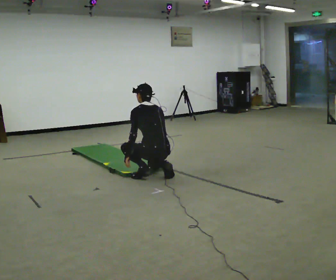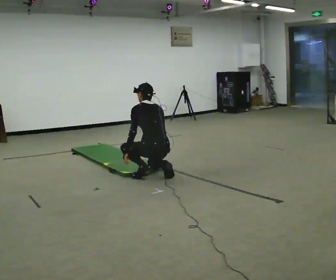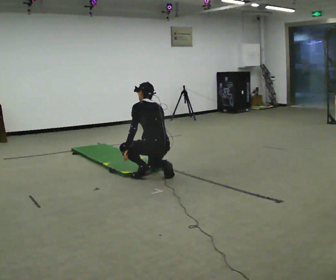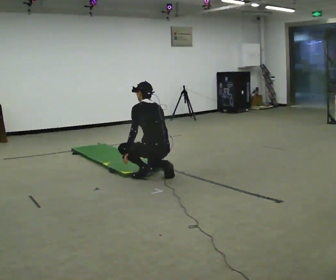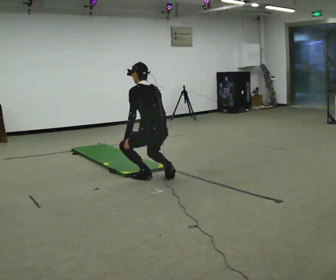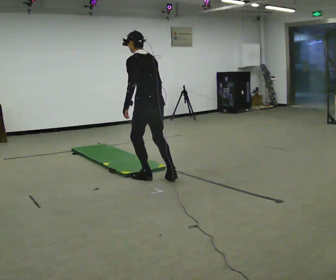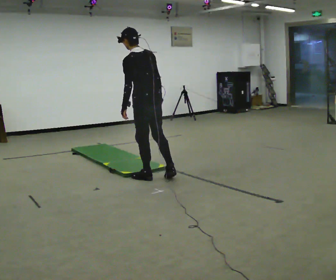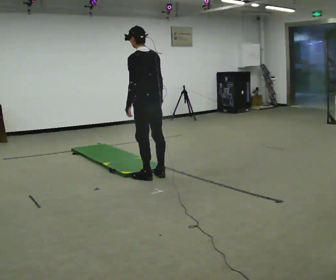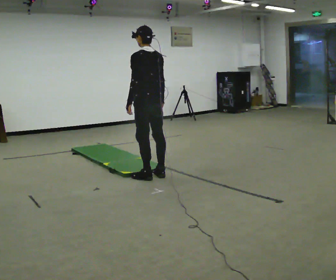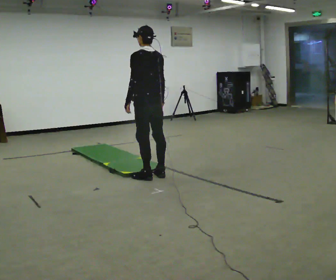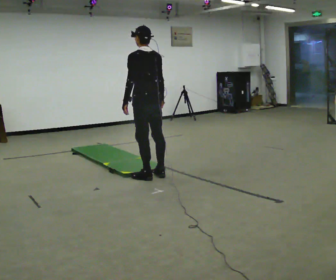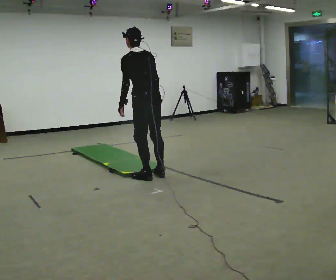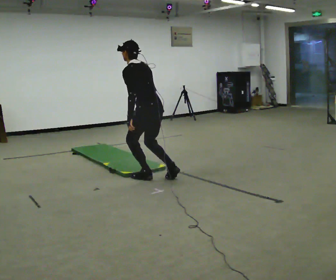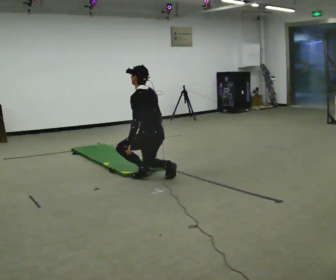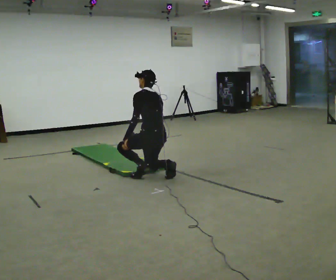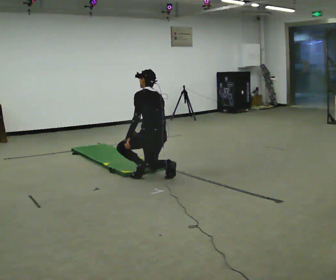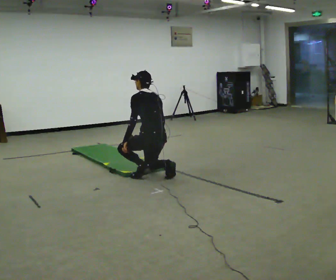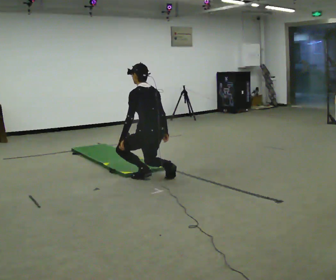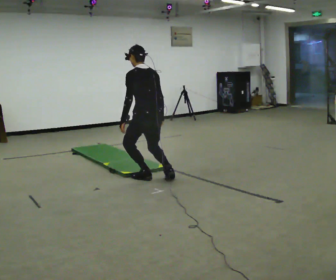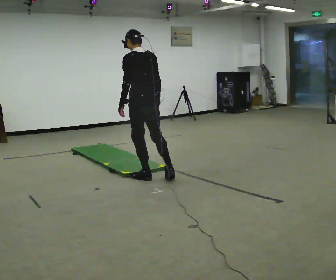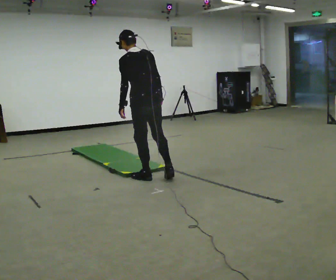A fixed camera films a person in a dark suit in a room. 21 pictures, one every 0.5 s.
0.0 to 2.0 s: The upper body goes upward.
2.0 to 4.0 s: The shoulders move upward. The upper body tips toward the camera, its near side rolling downward, as they lean back or straighten. In the picture their left hand goes upward.
4.0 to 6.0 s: In the picture the upper body tilts counterclockwise, shoulders to the left, as they bend forward.
6.0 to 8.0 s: The upper body goes downward. In the picture their left hand goes downward.
8.0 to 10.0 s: The upper body goes upward. The upper body tips toward the camera, its near side rolling downward, as they lean back or straighten. In the picture their left hand goes upward.
The film runs backward here.
